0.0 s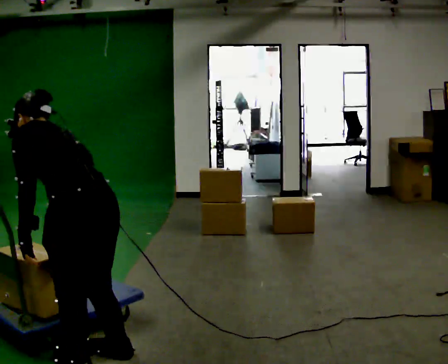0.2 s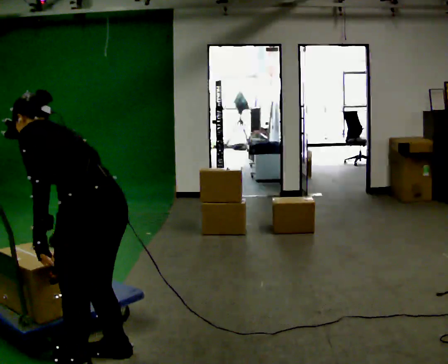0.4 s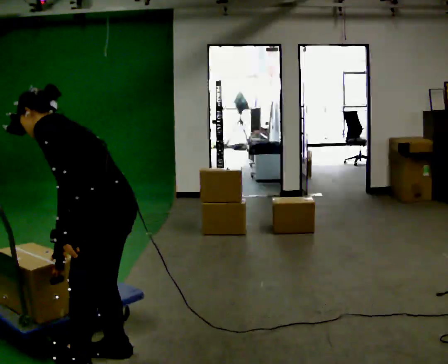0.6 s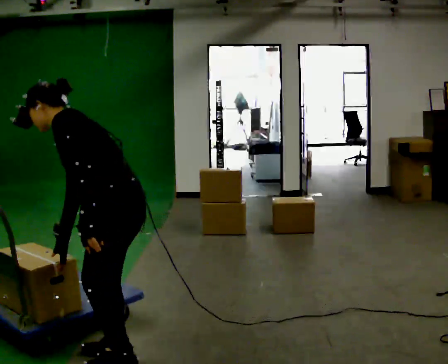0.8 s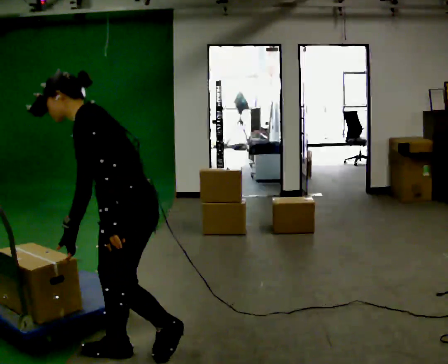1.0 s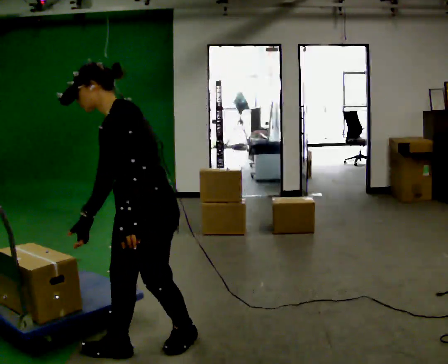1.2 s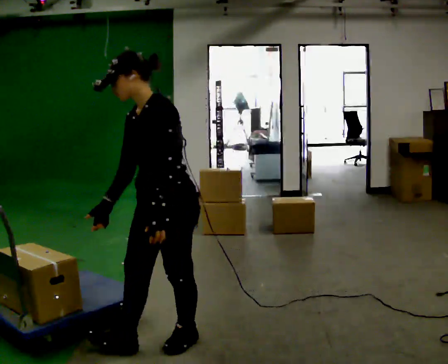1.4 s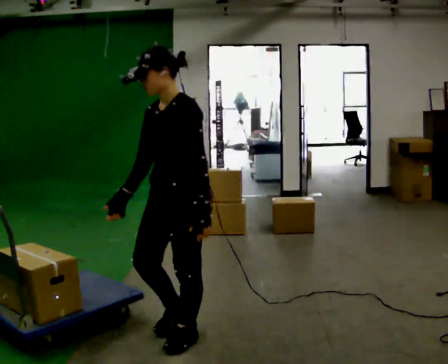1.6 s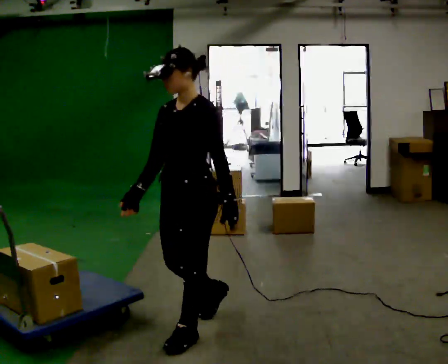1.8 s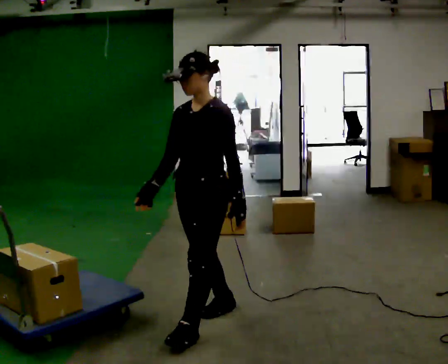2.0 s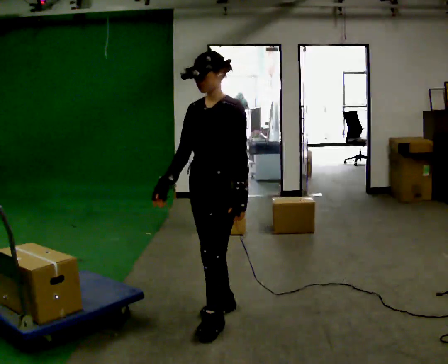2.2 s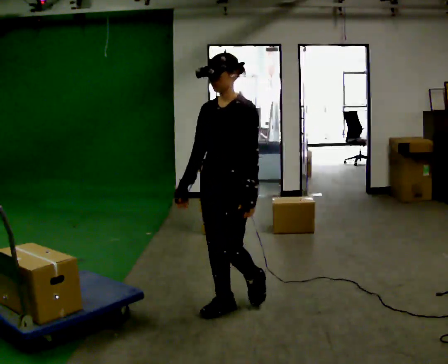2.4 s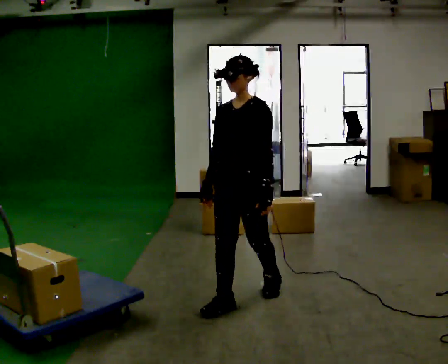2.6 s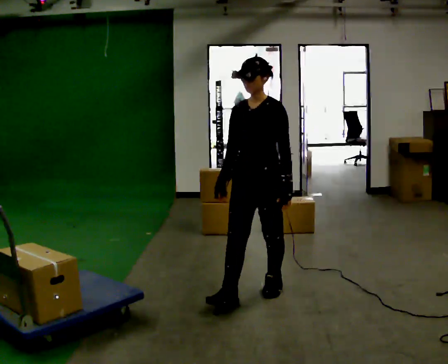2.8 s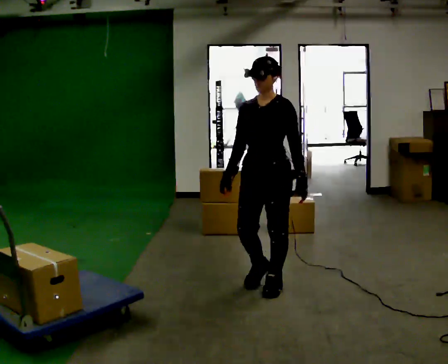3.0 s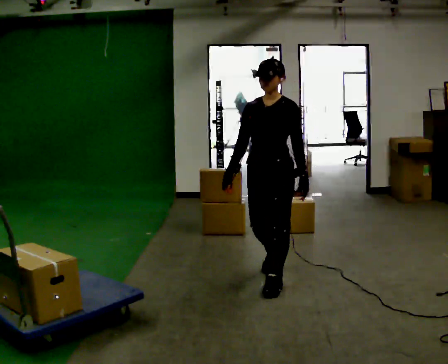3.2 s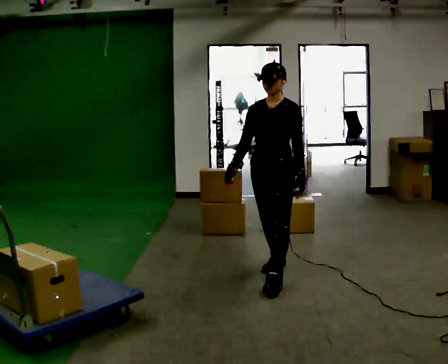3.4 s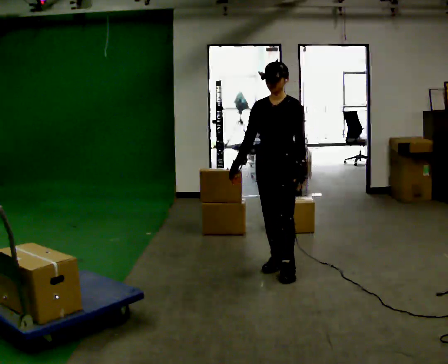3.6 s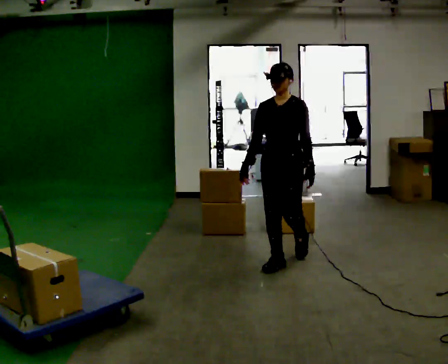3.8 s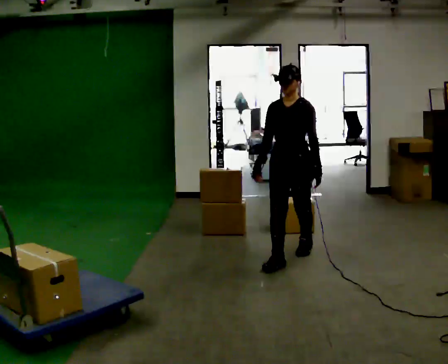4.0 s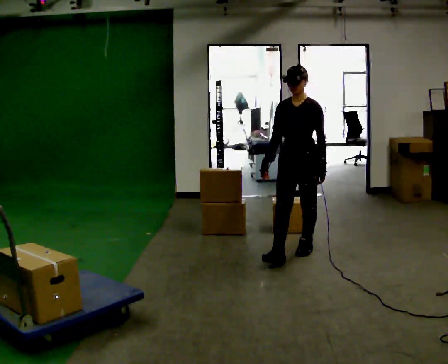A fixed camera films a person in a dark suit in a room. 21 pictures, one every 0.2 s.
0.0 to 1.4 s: Seen from above the body turns counterclockwise, about 75 degrees: to their left, with its near side sliding to the right. In the picture they go away from the camera and to the right, about 0.5 m in 2 steps. The upper body tips toward the camera, its near side rolling downward, as they lean back or straighten.
1.4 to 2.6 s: In the picture they go away from the camera and to the right, about 1 m in 2 steps, which for them is backward.
2.6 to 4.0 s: In the picture they go away from the camera and to the right, about 1 m in 2 steps, which for them is backward.
The film runs backward here.
